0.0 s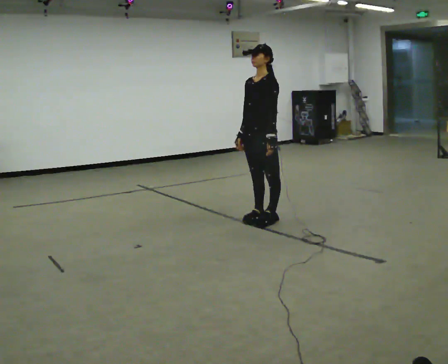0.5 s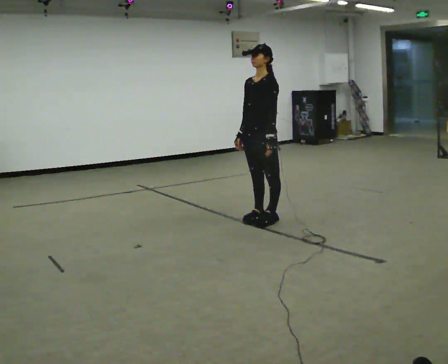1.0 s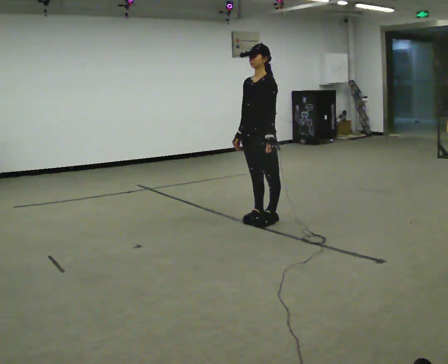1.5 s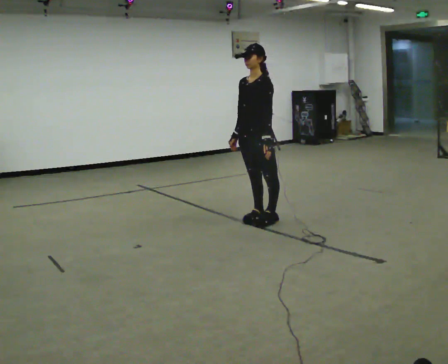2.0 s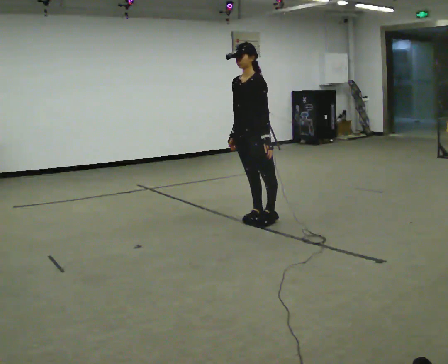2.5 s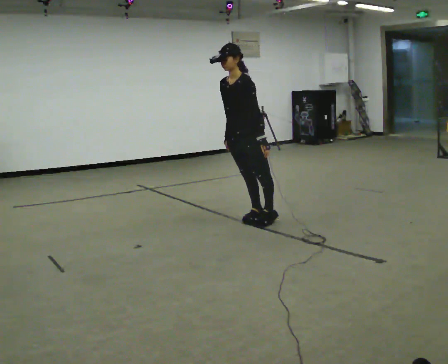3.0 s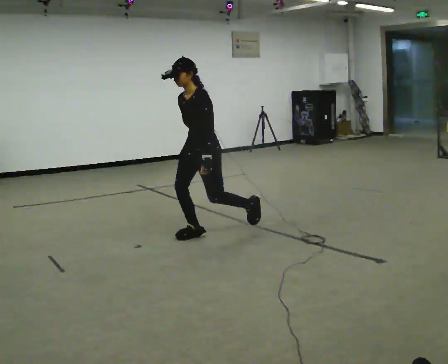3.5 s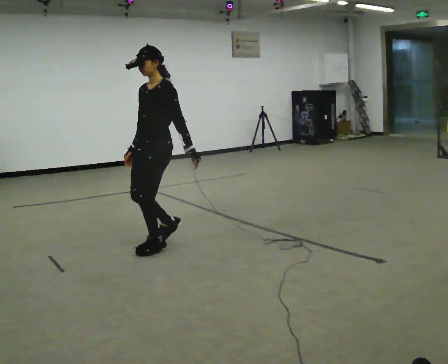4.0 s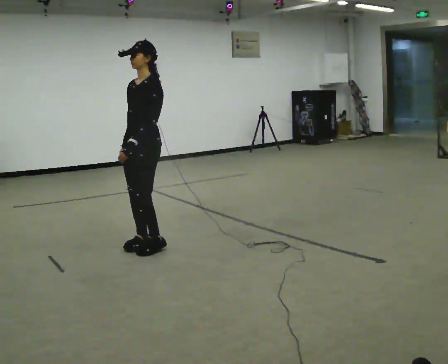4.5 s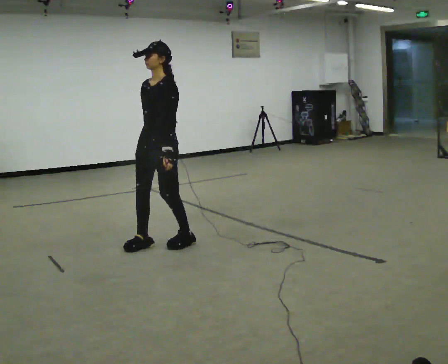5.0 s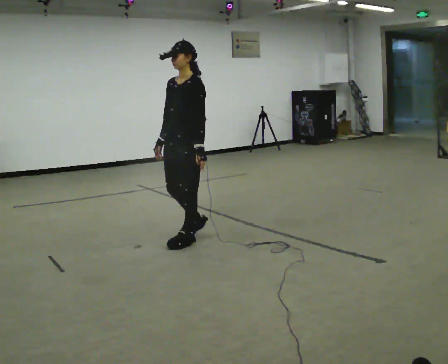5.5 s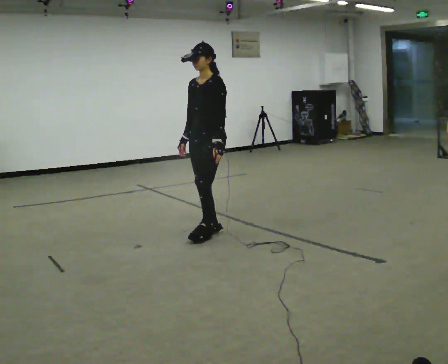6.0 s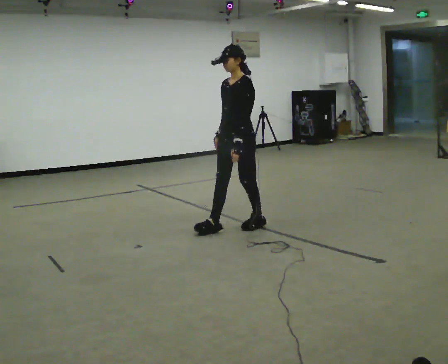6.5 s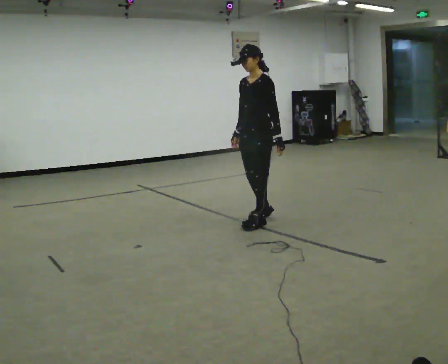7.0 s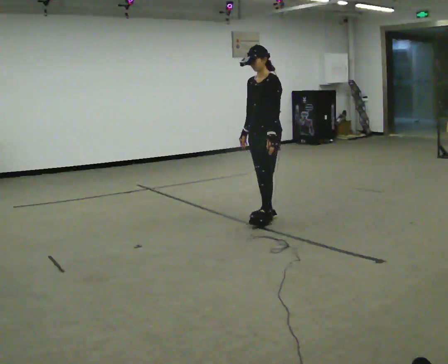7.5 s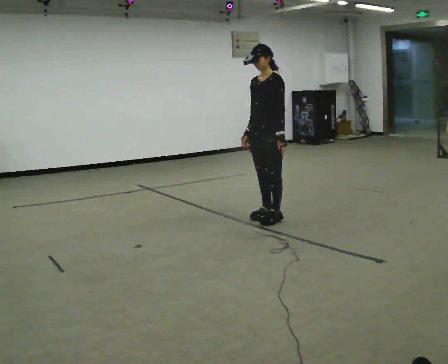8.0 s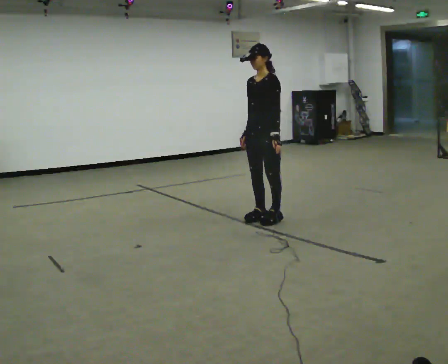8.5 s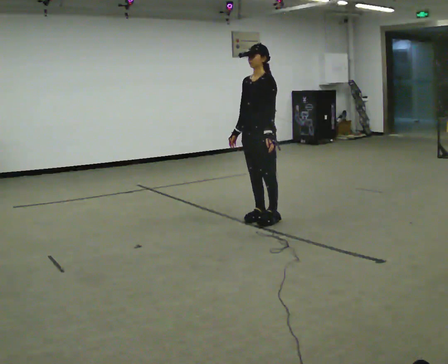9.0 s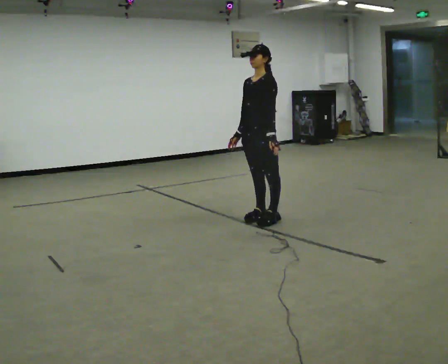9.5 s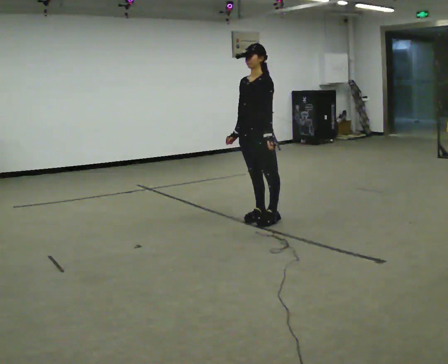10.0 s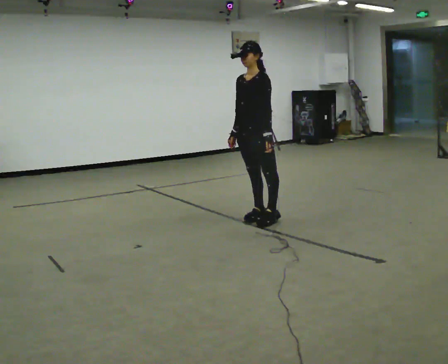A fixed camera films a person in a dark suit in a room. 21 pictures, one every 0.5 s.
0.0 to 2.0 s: The person moves a little, or ends about where they began.
2.0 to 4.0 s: In the picture they go to the left and toward the camera, about 1 m in 3 steps, which for them is forward.
4.0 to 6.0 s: In the picture they go to the right and away from the camera, about 1 m in 3 steps, which for them is backward.
6.0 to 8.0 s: In the picture they go to the right and away from the camera, about 0.25 m in 2 steps, which for them is backward.
8.0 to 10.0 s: The person moves a little, or ends about where they began.
The film runs forward here.
